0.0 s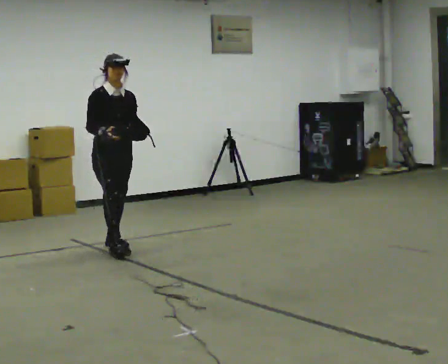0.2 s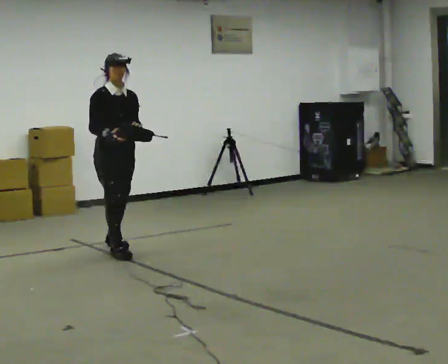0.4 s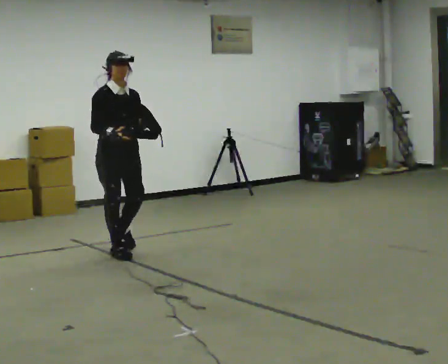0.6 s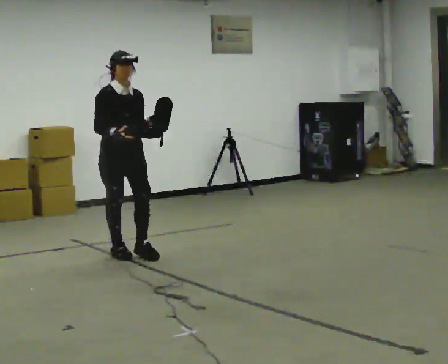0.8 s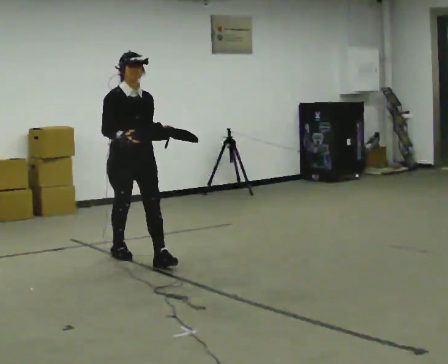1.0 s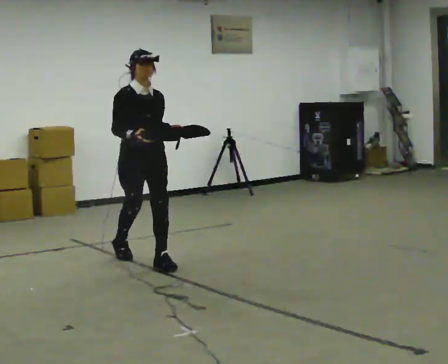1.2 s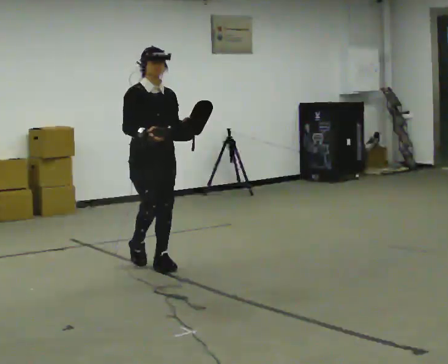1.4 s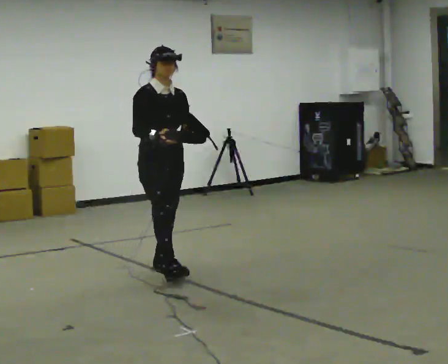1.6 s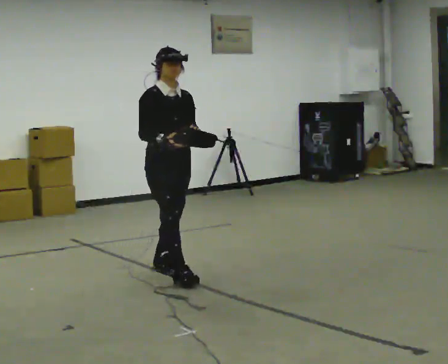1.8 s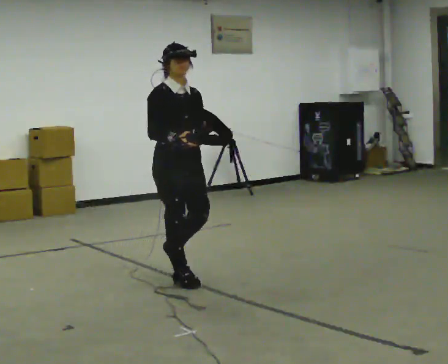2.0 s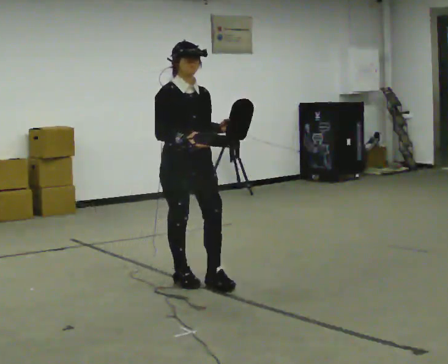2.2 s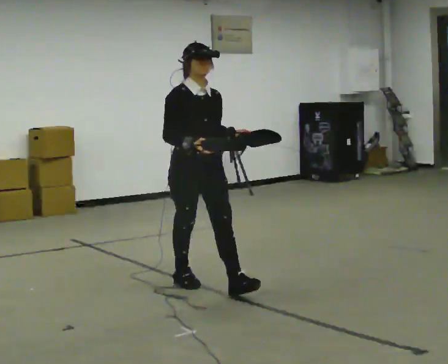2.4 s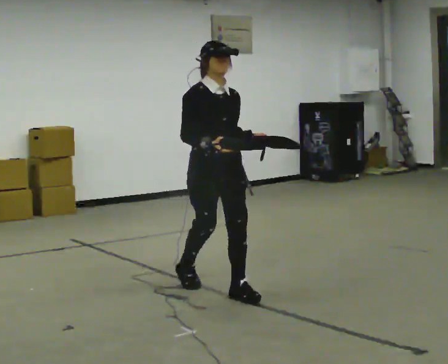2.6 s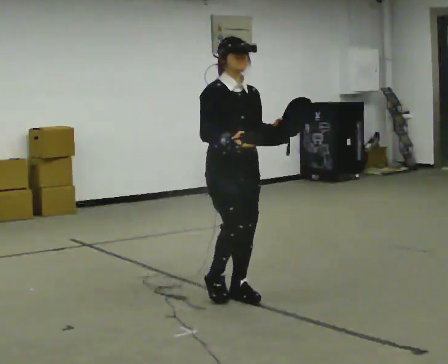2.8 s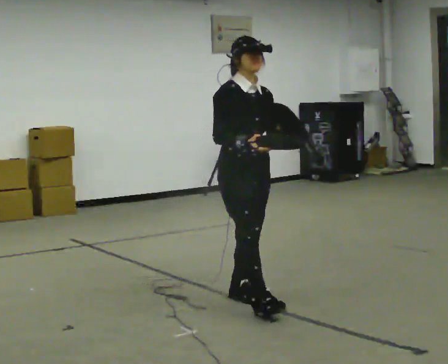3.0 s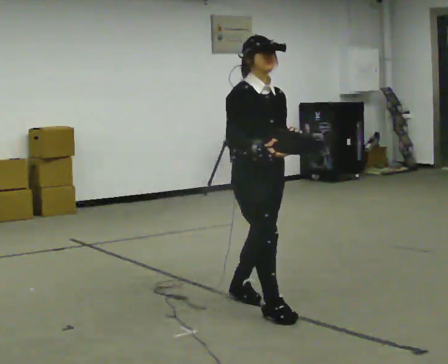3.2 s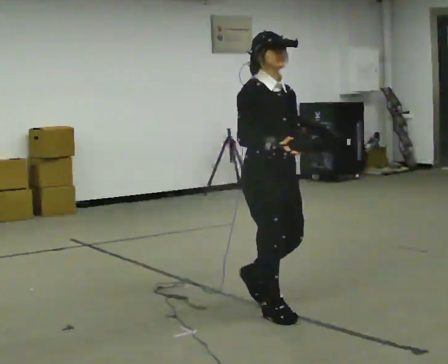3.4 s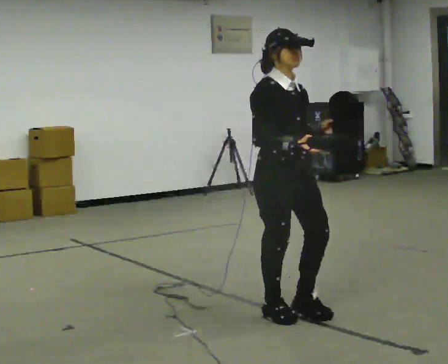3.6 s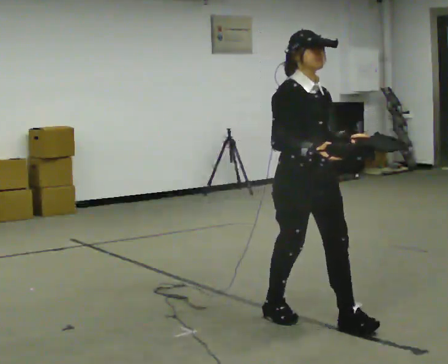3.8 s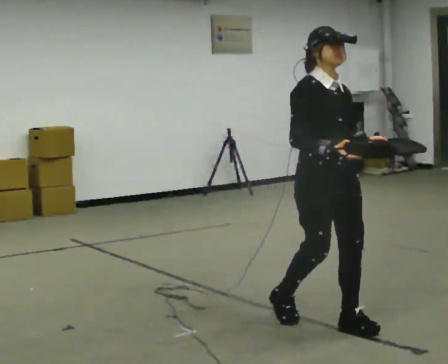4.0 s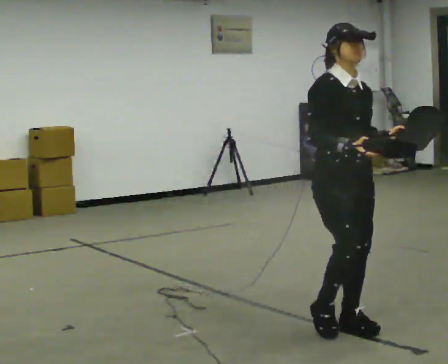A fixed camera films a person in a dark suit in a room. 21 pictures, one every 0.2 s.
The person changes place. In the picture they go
toward the camera.
0.0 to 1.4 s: In the picture they go toward the camera and to the right, about 1 m in 1 step, which for them is forward.
1.4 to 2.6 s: In the picture they go toward the camera and to the right, about 1 m in 2 steps, which for them is forward.
2.6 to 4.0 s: In the picture they go toward the camera and to the right, about 1 m in 2 steps, which for them is forward.
The film runs forward here.
